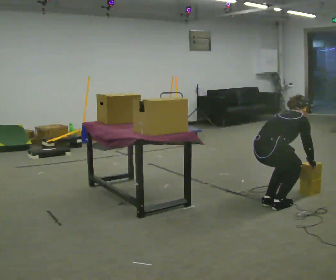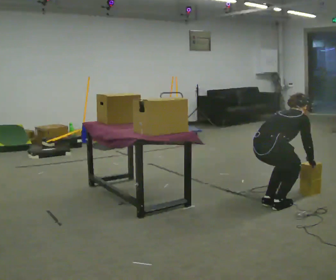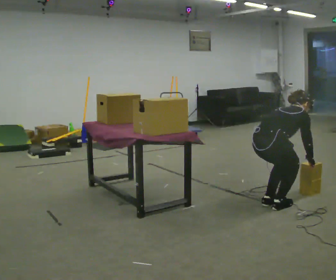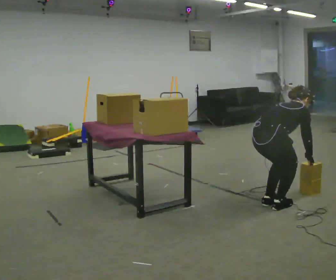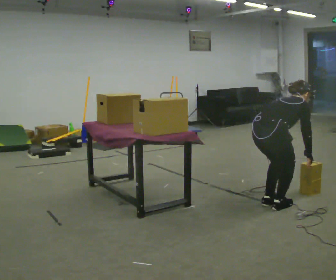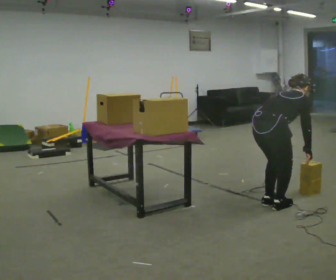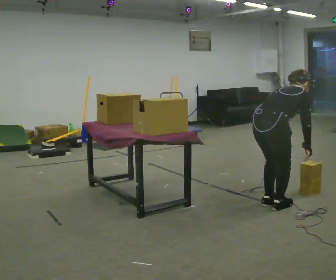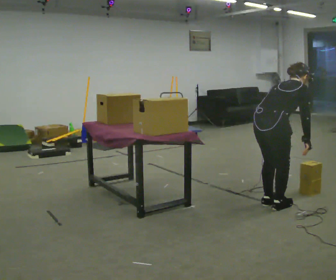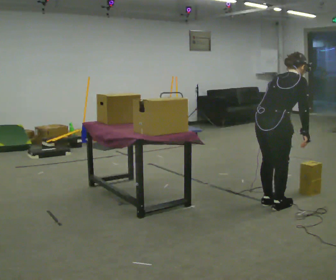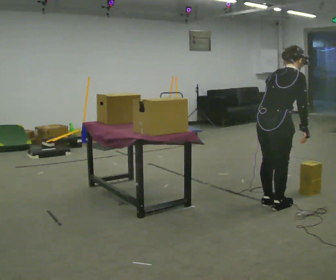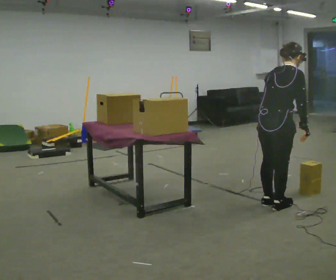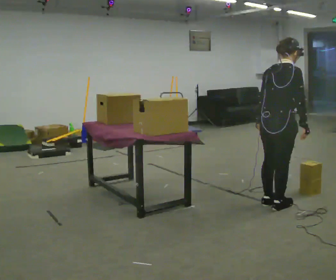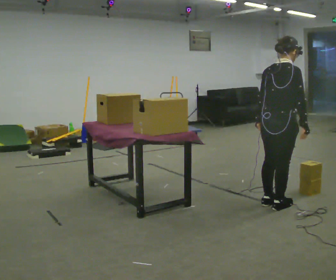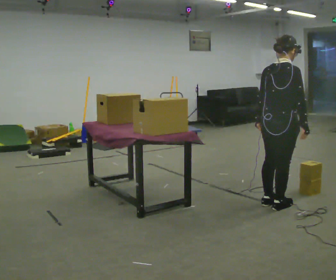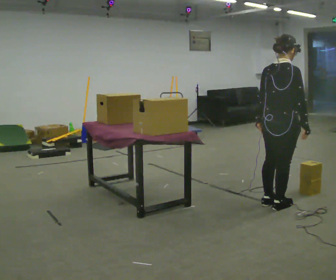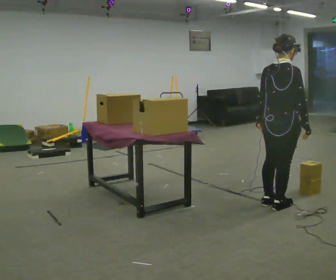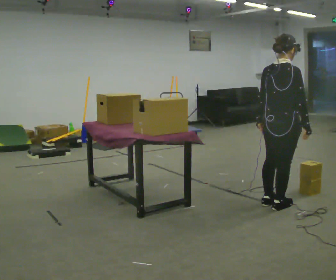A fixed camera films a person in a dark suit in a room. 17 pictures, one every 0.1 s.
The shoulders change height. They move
upward.
Their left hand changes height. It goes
upward.
0.0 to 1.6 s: The shoulders move upward. In the picture the upper body tilts counterclockwise, shoulders to the left, as they lean back or straighten. In the picture their left hand goes upward and to the left.
The film runs backward here.
